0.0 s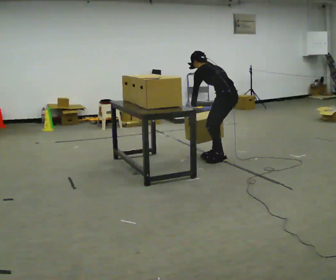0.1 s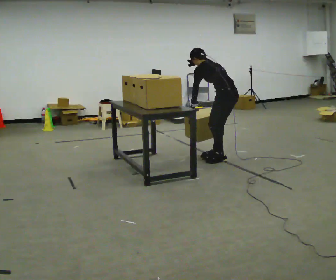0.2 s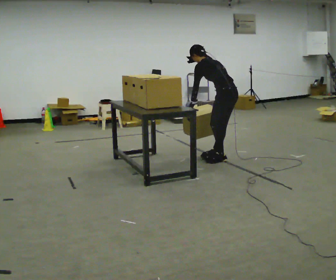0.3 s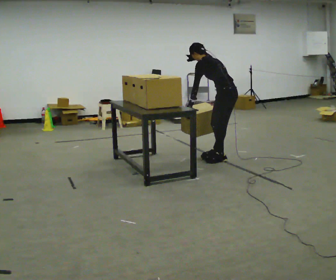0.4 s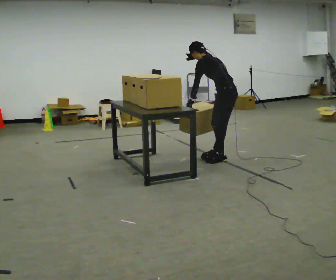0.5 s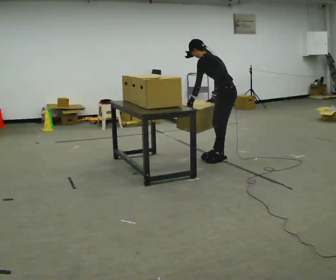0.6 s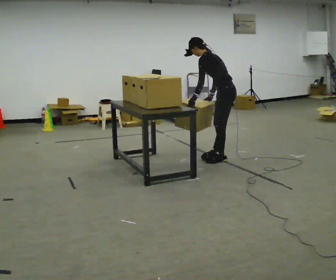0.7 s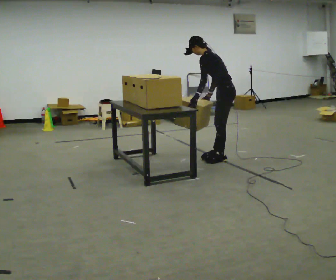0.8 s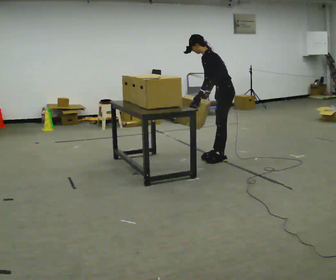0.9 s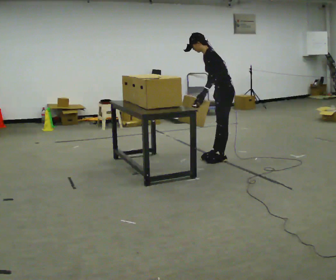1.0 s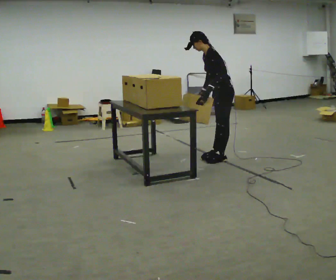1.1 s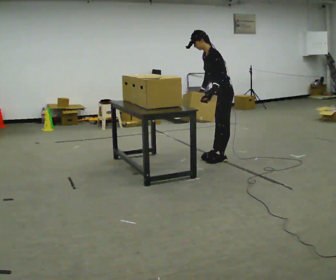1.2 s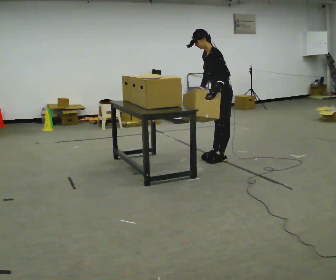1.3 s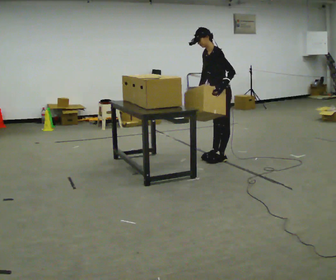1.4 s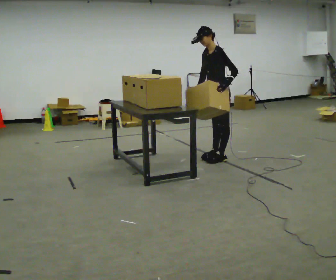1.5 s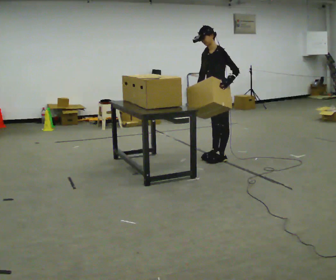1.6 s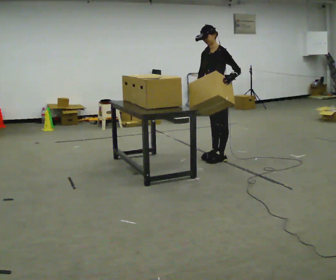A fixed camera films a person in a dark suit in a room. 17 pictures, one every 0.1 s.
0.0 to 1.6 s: Seen from above the body turns counterclockwise, about 75 degrees: to their left, with its near side sliding to the right. In the picture they go away from the camera, about 0.25 m. The shoulders move upward. The upper body tips toward the camera, its near side rolling downward, as they lean back or straighten. In the picture their left hand goes to the right and upward, the arm swinging counterclockwise.
The film runs backward here.
